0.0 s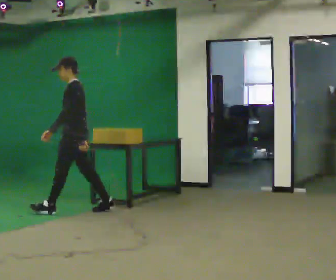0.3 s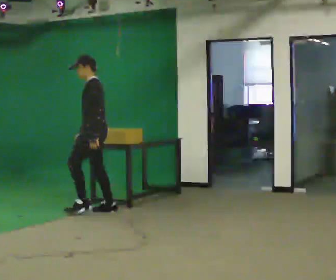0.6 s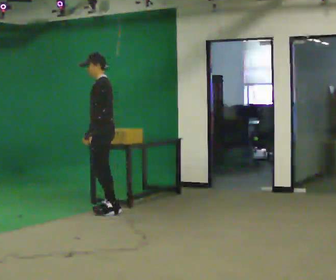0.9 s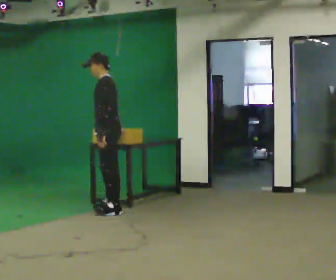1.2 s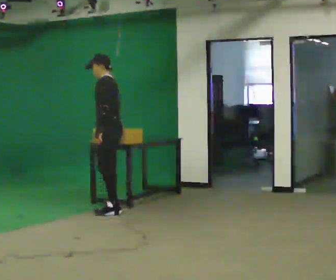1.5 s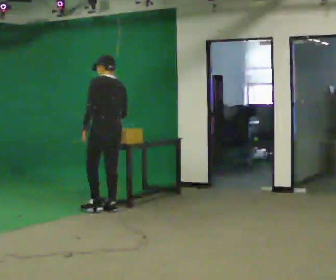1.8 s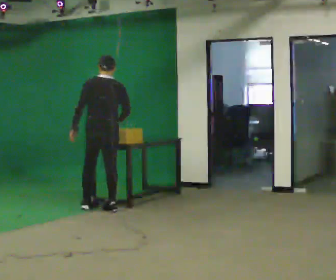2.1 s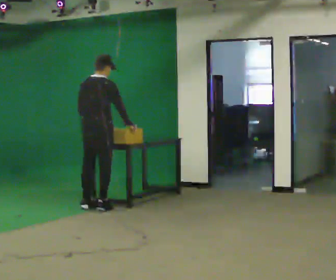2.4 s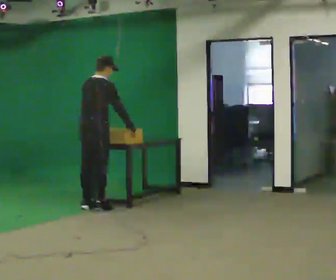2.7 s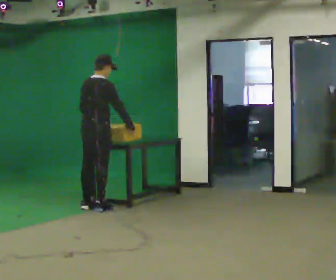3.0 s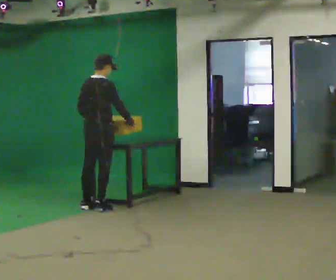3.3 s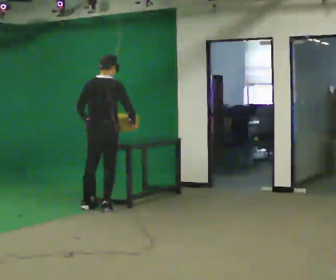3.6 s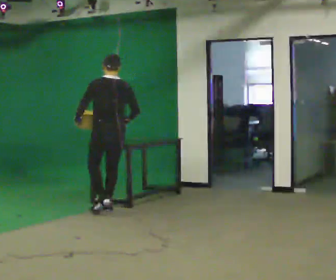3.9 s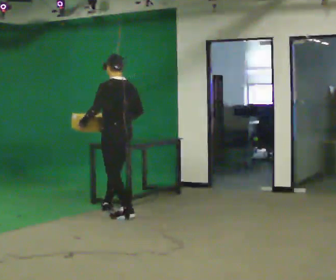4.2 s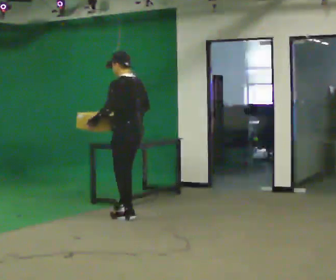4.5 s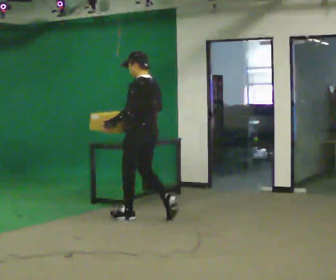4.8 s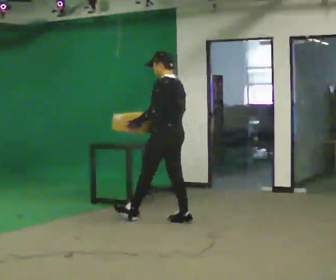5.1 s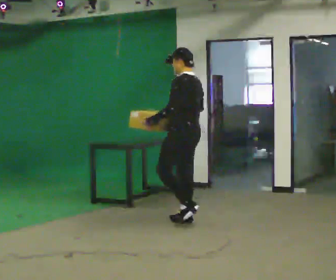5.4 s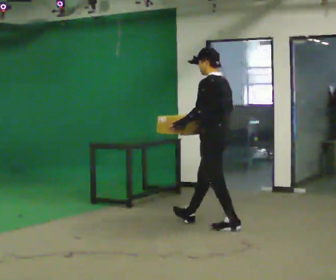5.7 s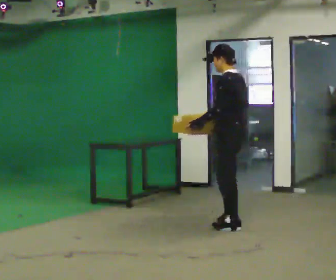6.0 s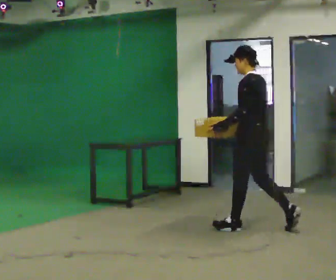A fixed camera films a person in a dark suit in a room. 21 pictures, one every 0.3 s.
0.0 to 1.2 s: In the picture they go to the right, about 0.25 m in 1 step, which for them is backward.
1.2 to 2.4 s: The person turns about 120 degrees to their right, clockwise seen from above, so the part of the body nearest the lens slides to the left. In the picture they go to the left, about 0.25 m in 2 steps. In the picture the upper body tilts clockwise, shoulders to the right.
2.4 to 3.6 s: The part of the body nearest the lens slides to the right as the person turns to their left by about 45 degrees. In the picture they go to the right, about 0.25 m in 1 step, which for them is to their right.
3.6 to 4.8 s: The person turns about 45 degrees to their left, counterclockwise seen from above, so the part of the body nearest the lens slides to the right. In the picture they go to the right and toward the camera, about 1 m in 2 steps, which for them is backward.
4.8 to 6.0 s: In the picture they go to the right and toward the camera, about 1 m in 1 step, which for them is backward.
The film runs backward here.
